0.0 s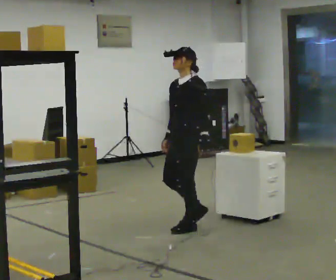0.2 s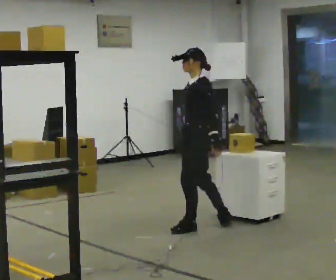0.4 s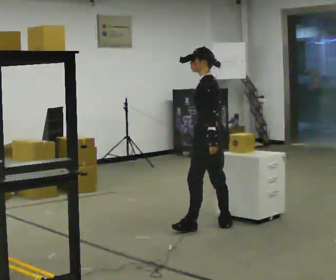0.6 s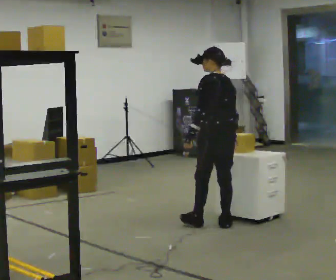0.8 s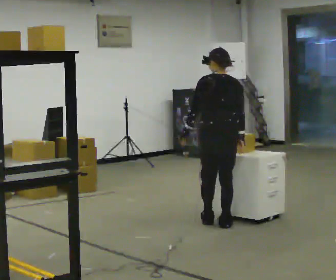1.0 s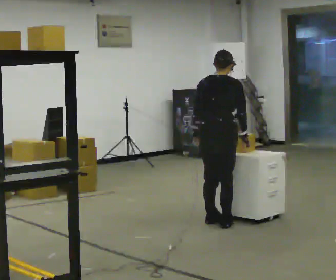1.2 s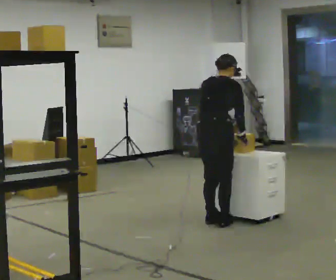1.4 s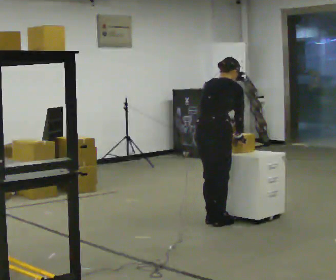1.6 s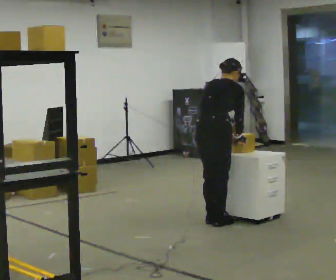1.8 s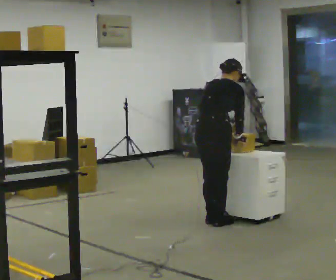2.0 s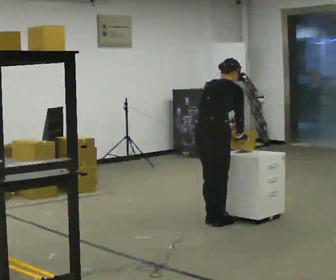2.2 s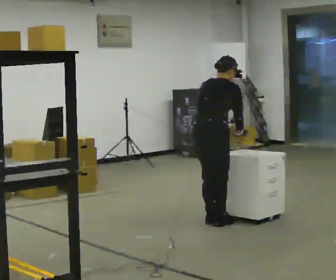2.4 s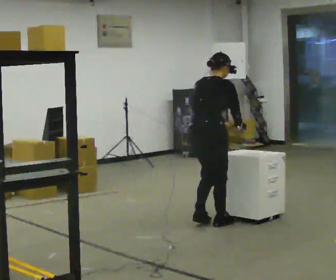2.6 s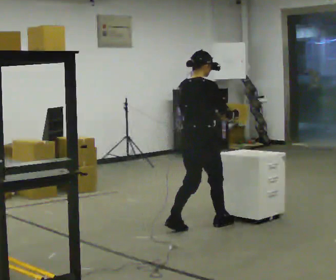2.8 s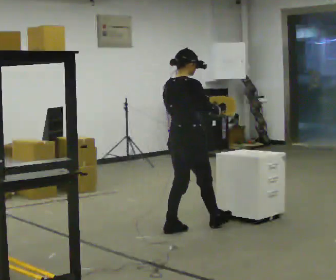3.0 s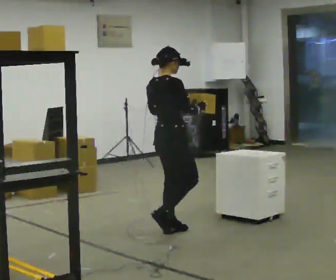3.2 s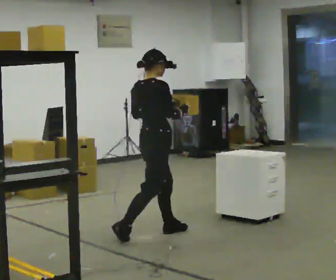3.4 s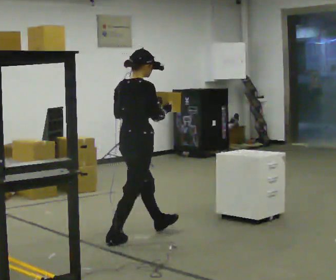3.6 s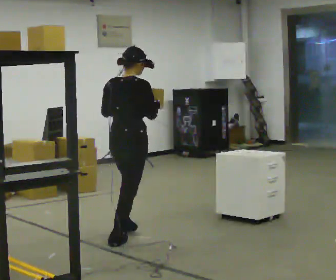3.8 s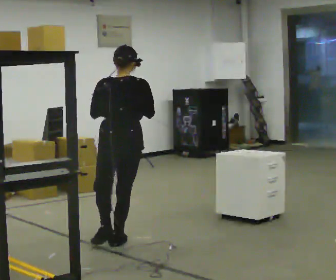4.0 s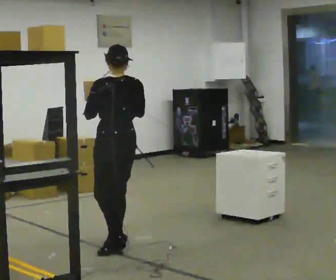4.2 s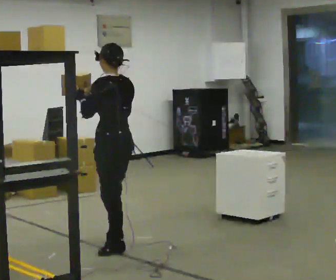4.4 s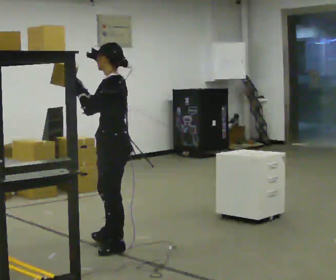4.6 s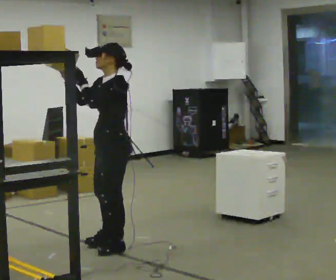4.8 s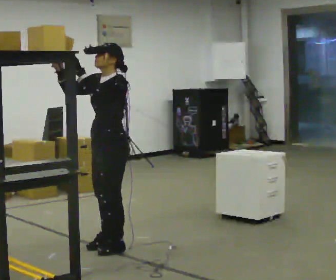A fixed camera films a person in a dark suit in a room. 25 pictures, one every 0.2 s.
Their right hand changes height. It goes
upward.
0.0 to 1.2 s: Seen from above the body turns clockwise, about 150 degrees: to their right, with its near side sliding to the left. In the picture they go to the right and away from the camera, about 0.25 m in 1 step. The upper body tips away from the camera, its near side rolling upward, as they bend forward.
1.2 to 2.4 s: The person moves a little, or ends about where they began.
2.4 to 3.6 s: In the picture they go to the left and toward the camera, about 1 m in 2 steps, which for them is backward. The upper body tips toward the camera, its near side rolling downward, as they lean back or straighten.
3.6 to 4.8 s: Seen from above the body turns counterclockwise, about 165 degrees: to their left, with its near side sliding to the right. In the picture they go toward the camera, about 0.25 m. In the picture their right hand goes to the left.
The film runs backward here.
